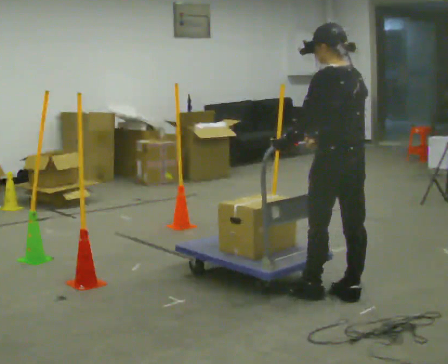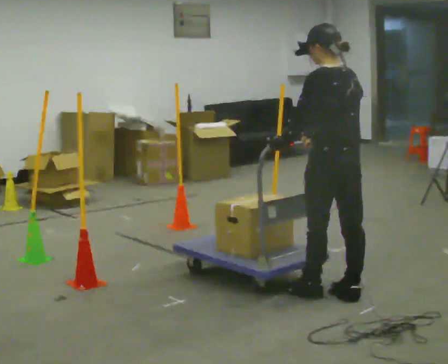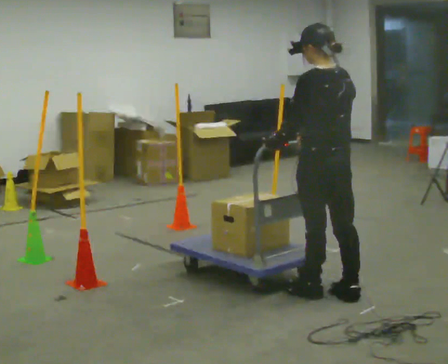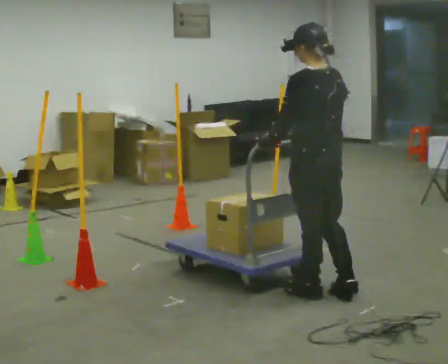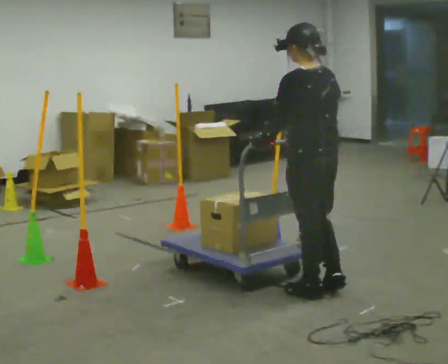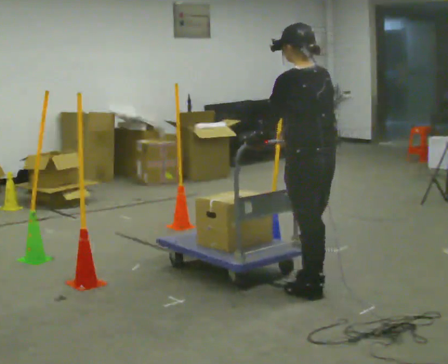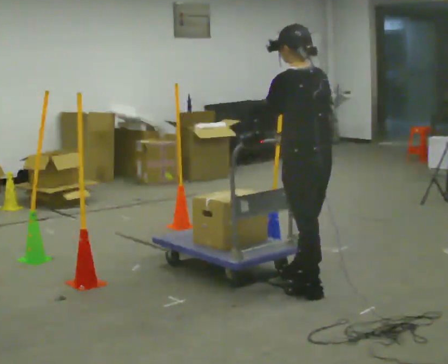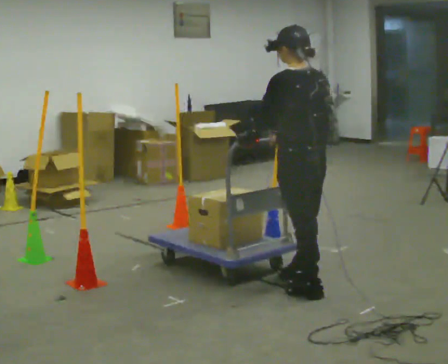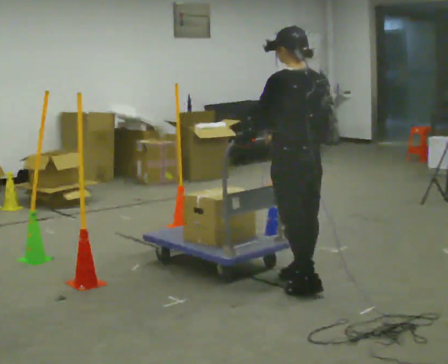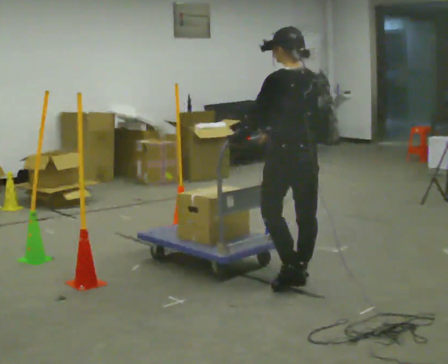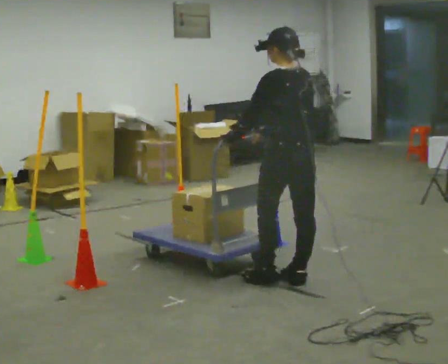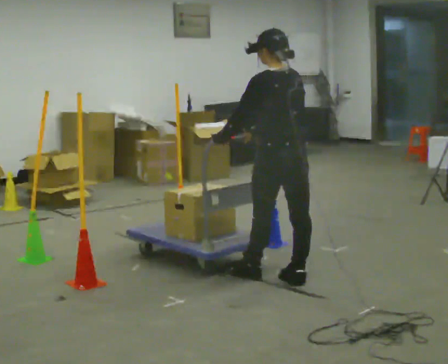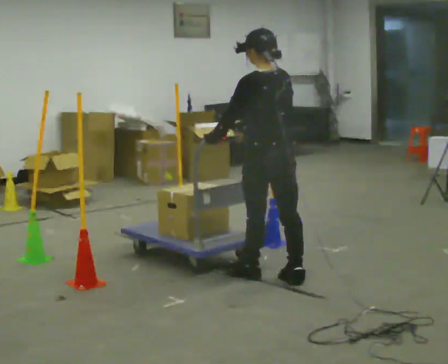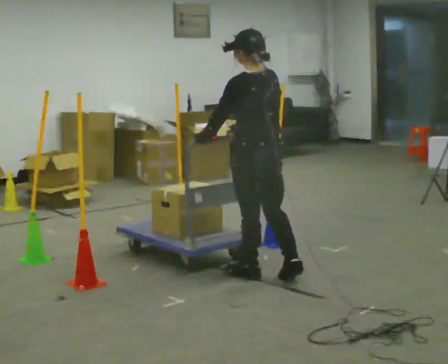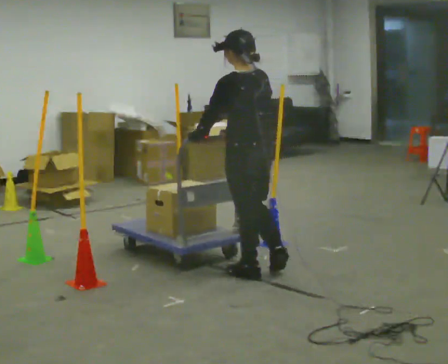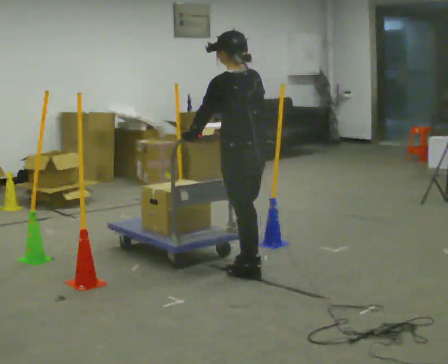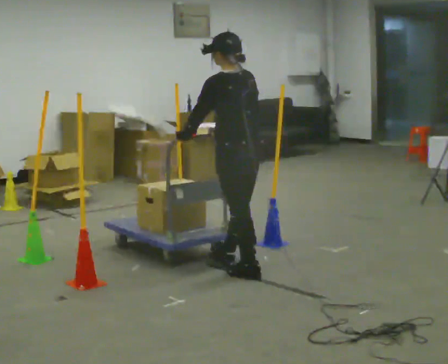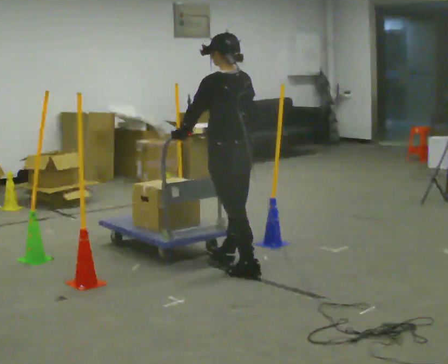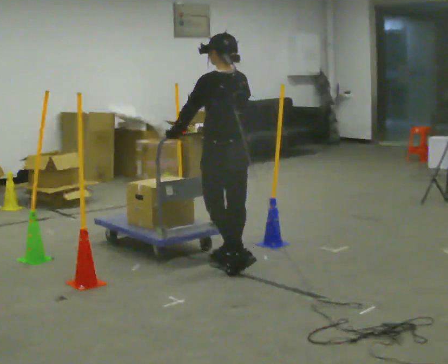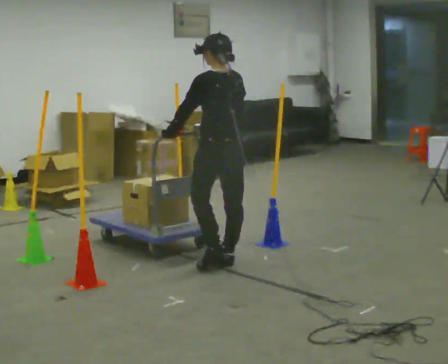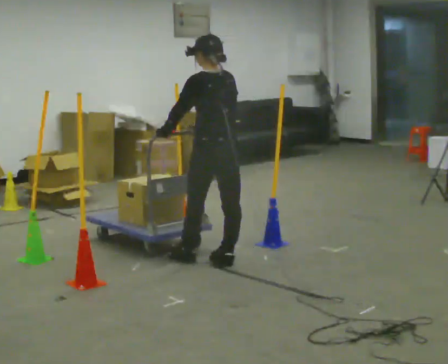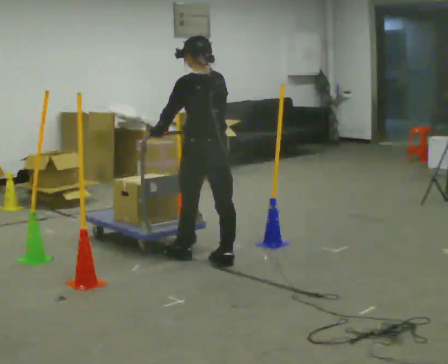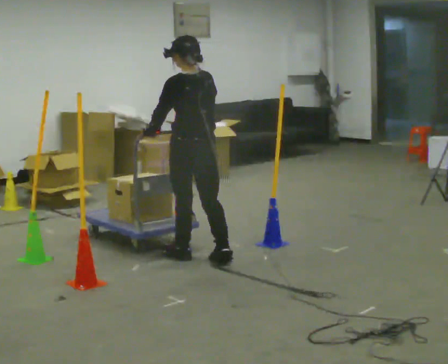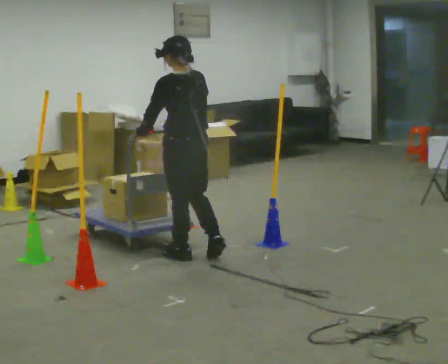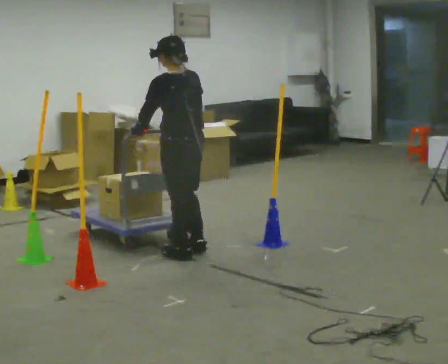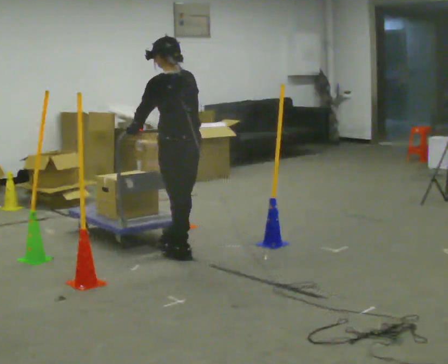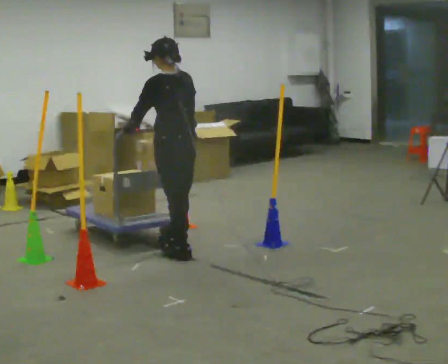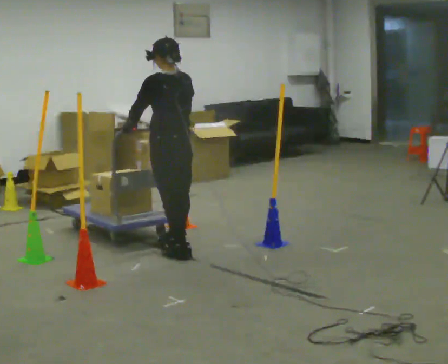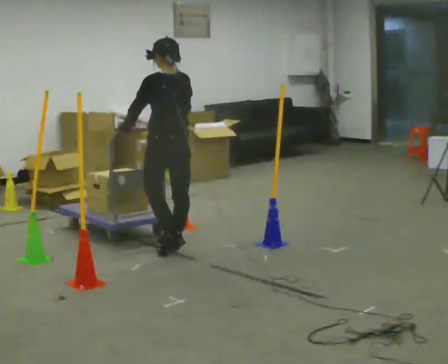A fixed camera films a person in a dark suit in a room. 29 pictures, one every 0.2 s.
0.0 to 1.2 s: In the picture they go to the left, about 0.25 m in 2 steps, which for them is forward.
1.2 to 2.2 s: In the picture they go away from the camera, about 0.25 m in 1 step, which for them is forward.
2.2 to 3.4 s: In the picture they go to the left and away from the camera, about 0.5 m in 1 step, which for them is forward.
3.4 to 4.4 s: In the picture they go to the left and away from the camera, about 0.25 m in 1 step, which for them is forward.
4.4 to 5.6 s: In the picture they go away from the camera and to the left, about 0.25 m in 1 step, which for them is forward.
The film runs forward here.
